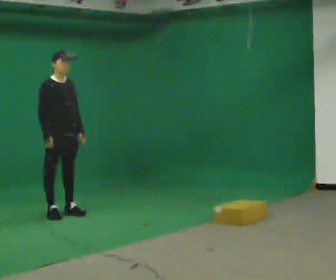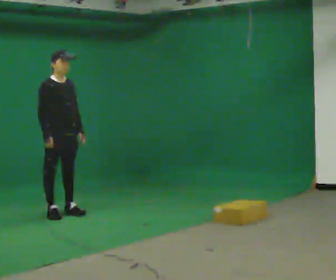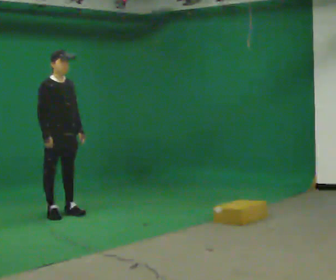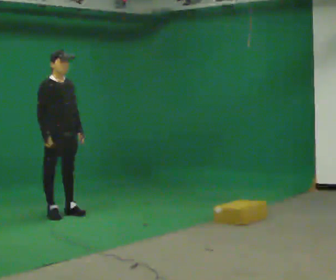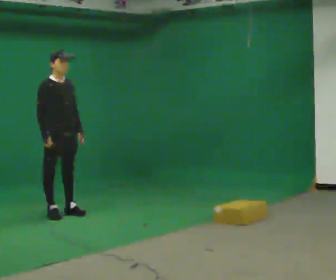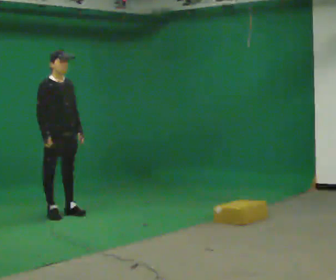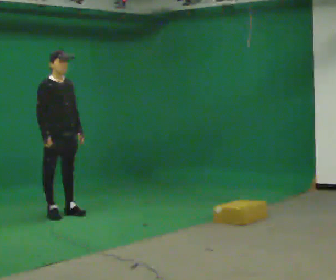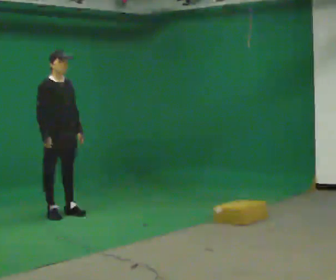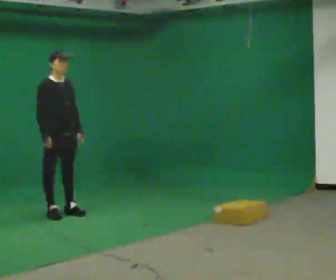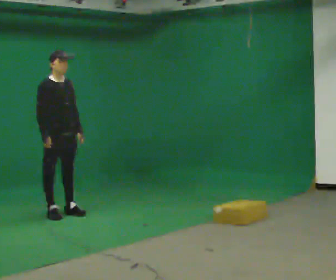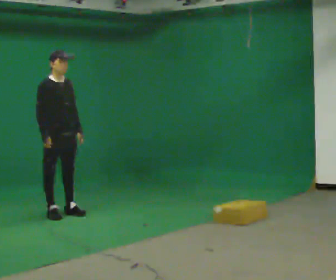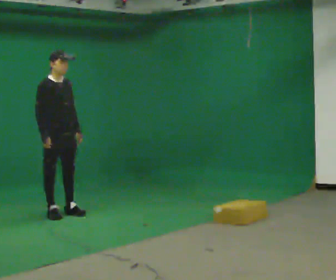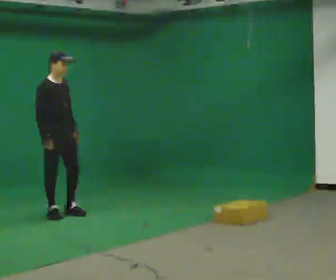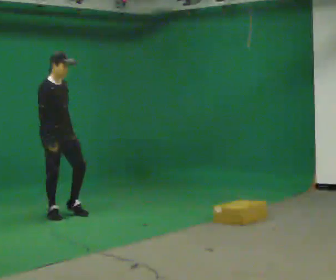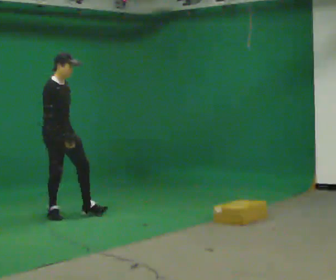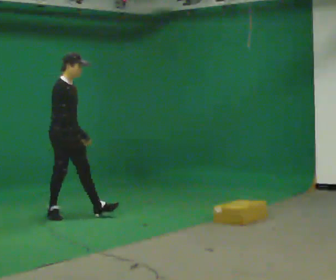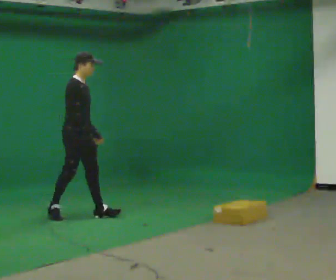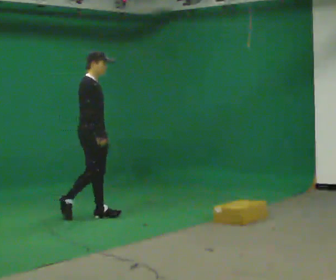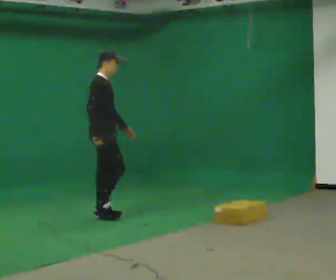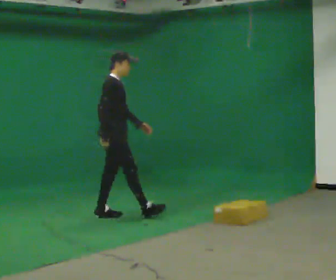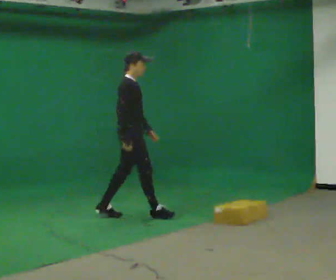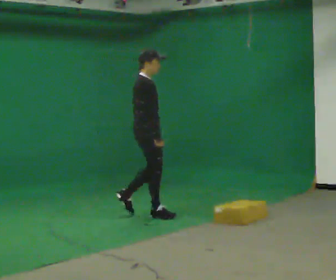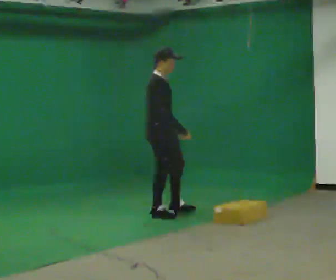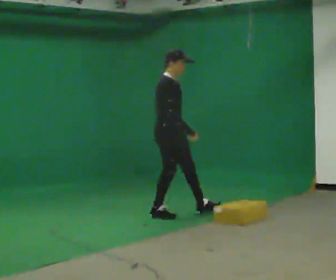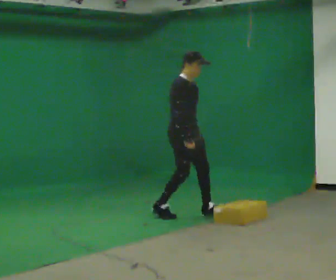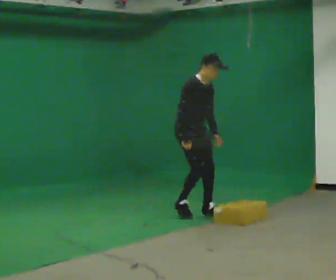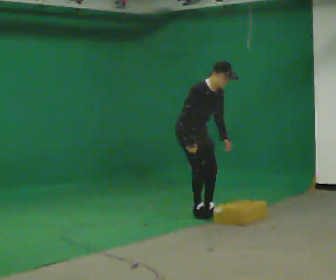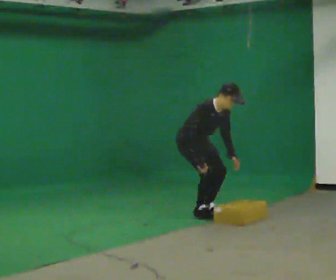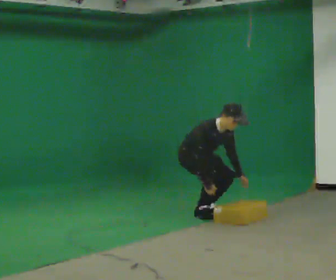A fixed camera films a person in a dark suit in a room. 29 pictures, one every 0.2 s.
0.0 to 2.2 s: The person moves a little, or ends about where they began.
2.2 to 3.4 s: Seen from above the body turns counterclockwise, about 30 degrees: to their left, with its near side sliding to the right. In the picture they go to the right, about 0.5 m in 1 step, which for them is forward.
3.4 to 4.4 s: In the picture they go to the right, about 0.5 m in 1 step, which for them is forward.
4.4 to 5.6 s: The part of the body nearest the lens slides to the left as the person turns to their right by about 30 degrees. In the picture they go to the right, about 0.25 m in 2 steps, which for them is to their left and forward. The shoulders move downward. The upper body tips toward the camera, its near side rolling downward, as they bend forward. In the picture their right hand goes downward.
The film runs forward here.
